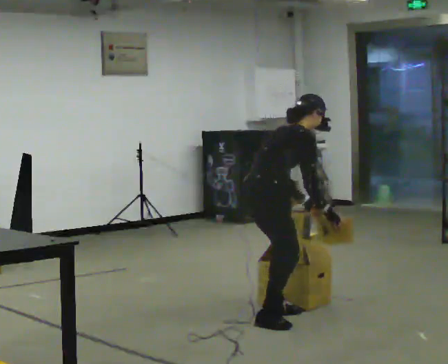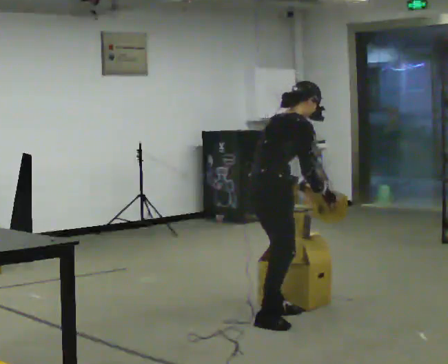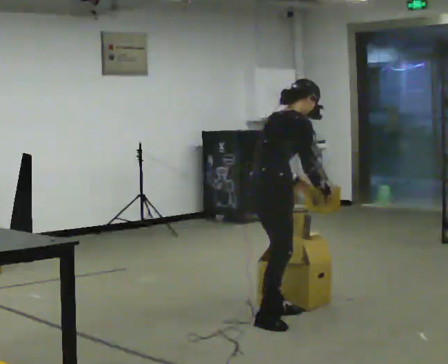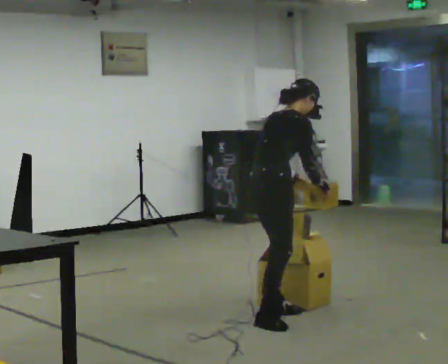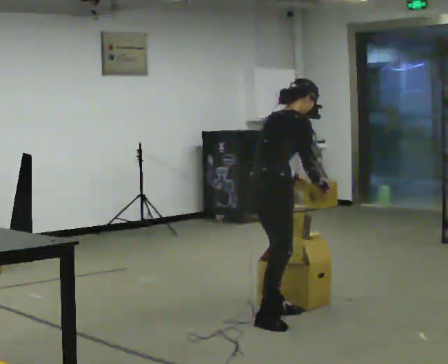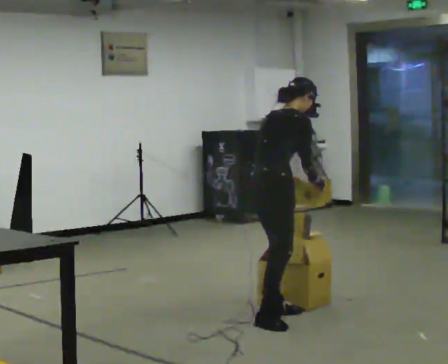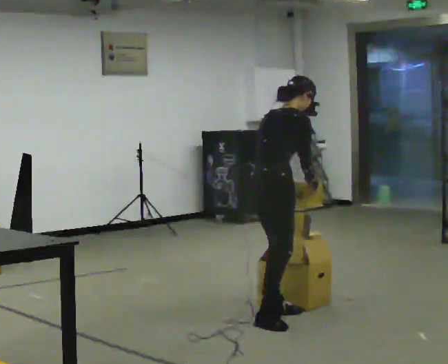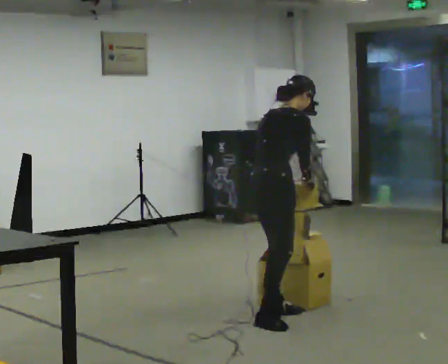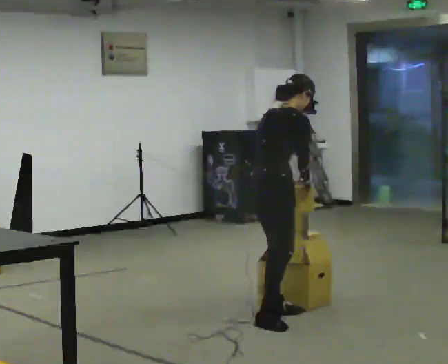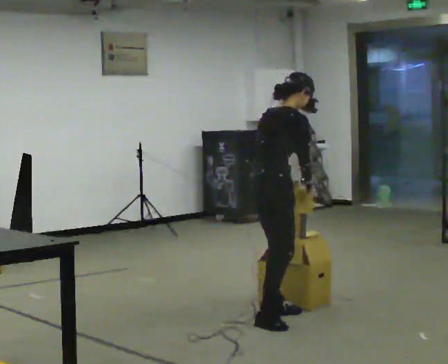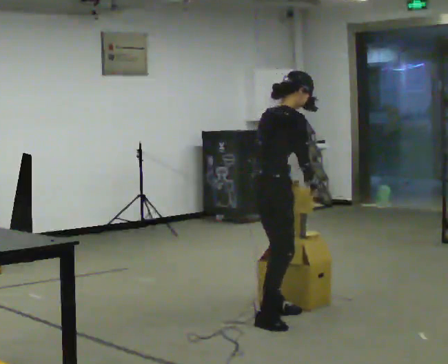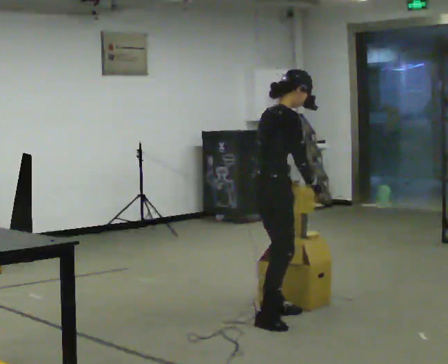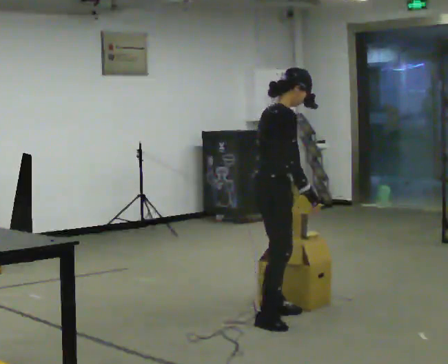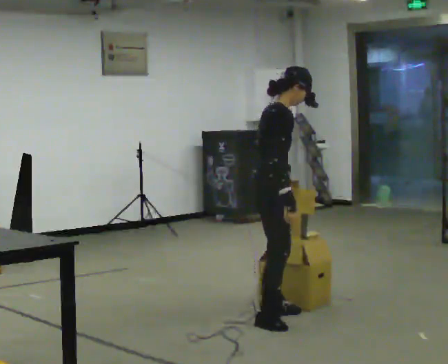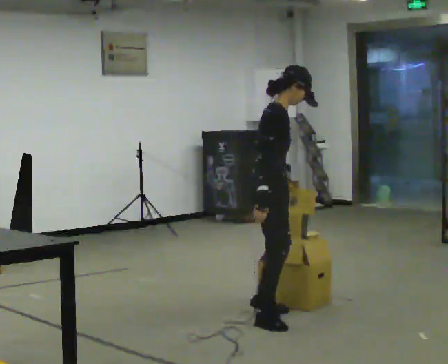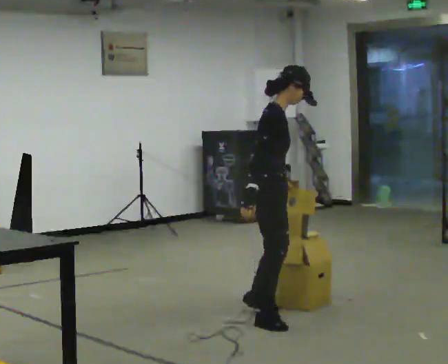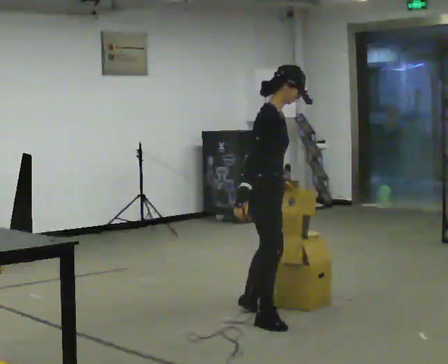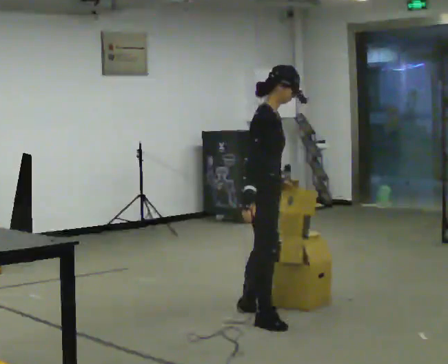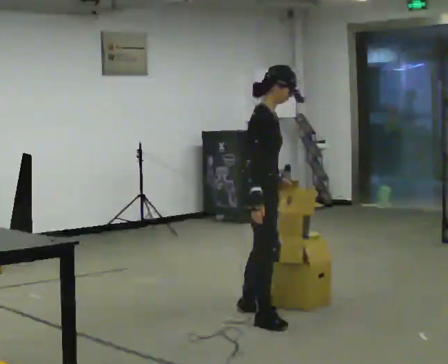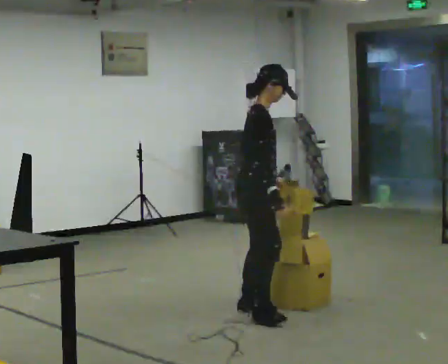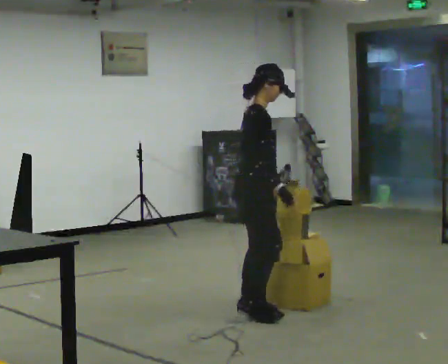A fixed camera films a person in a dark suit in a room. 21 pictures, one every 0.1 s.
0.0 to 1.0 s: In the picture the upper body tilts counterclockwise, shoulders to the left, as they lean back or straighten.
1.0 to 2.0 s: The person turns about 30 degrees to their right, clockwise seen from above, so the part of the body nearest the lens slides to the left. In the picture they go away from the camera, about 0.25 m in 2 steps, which for them is to their left.
The film runs backward here.
